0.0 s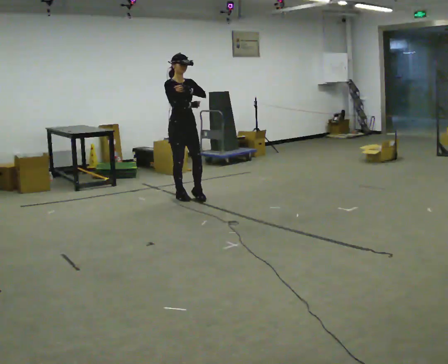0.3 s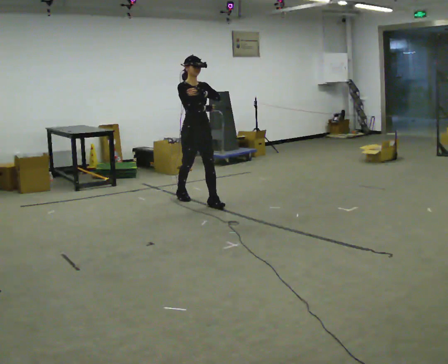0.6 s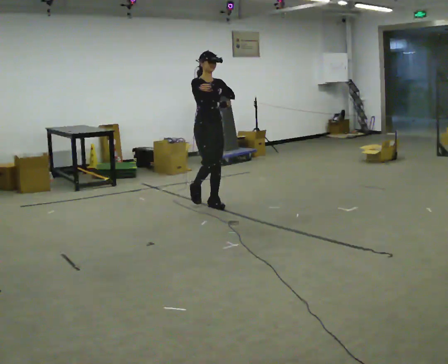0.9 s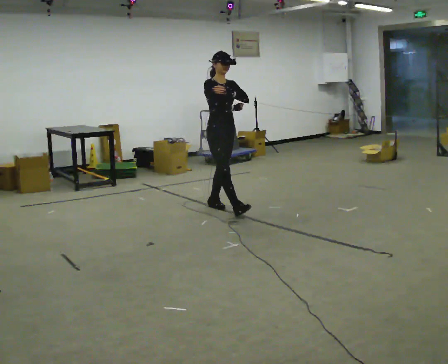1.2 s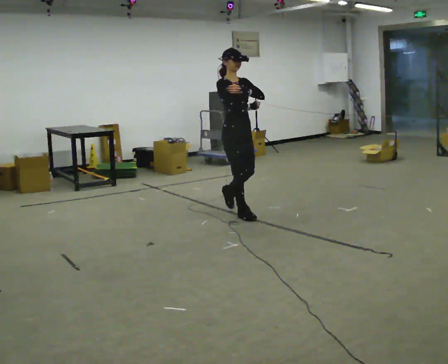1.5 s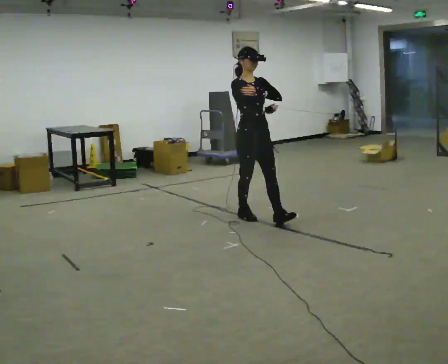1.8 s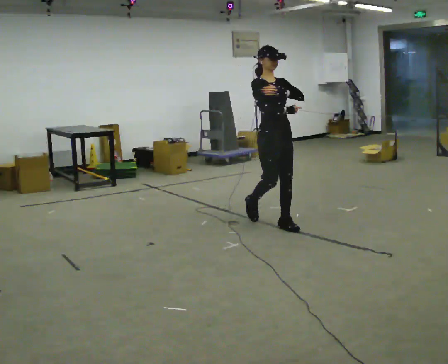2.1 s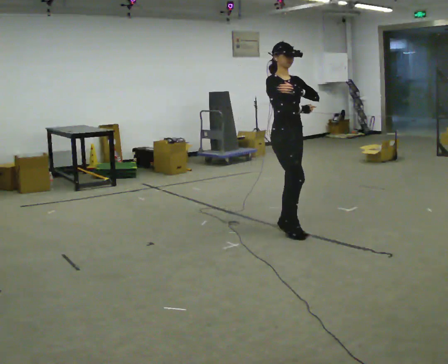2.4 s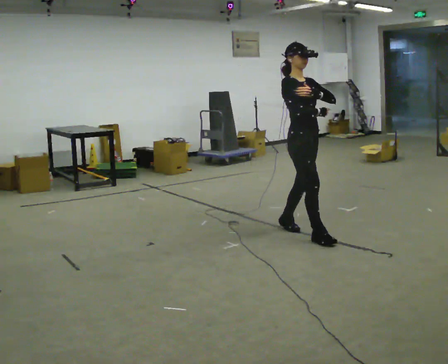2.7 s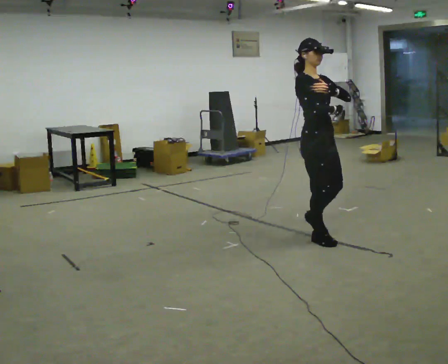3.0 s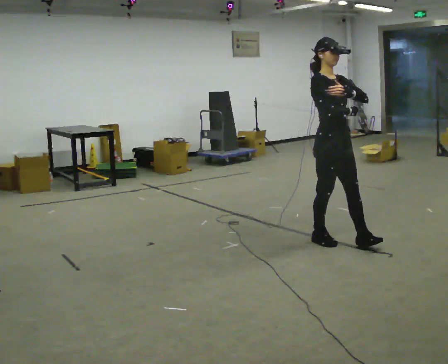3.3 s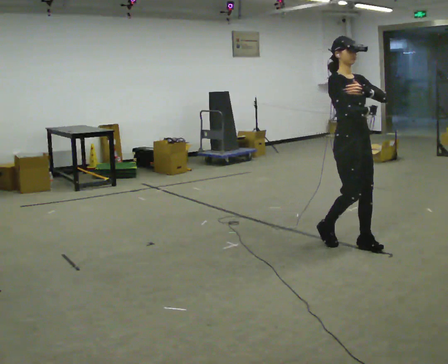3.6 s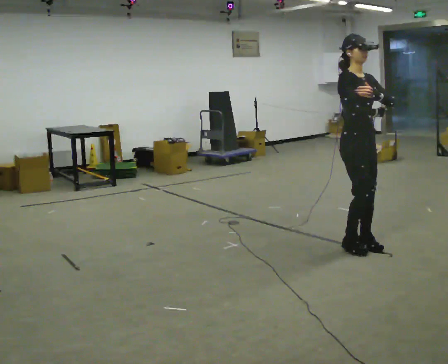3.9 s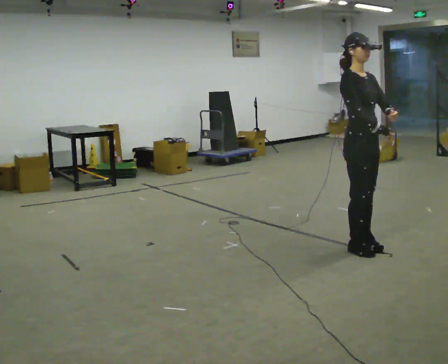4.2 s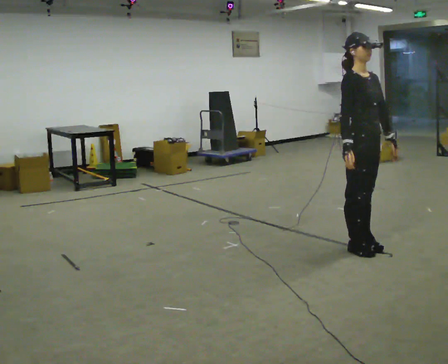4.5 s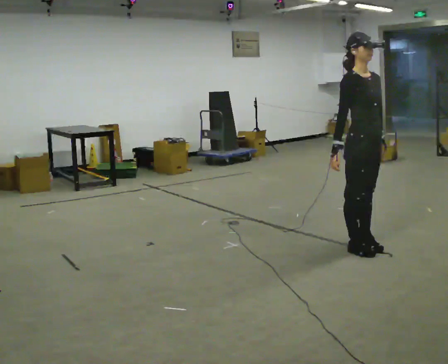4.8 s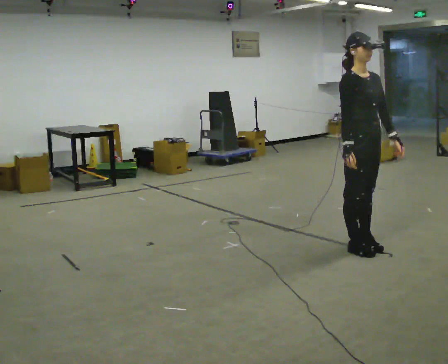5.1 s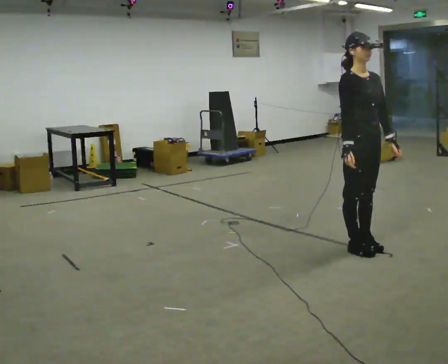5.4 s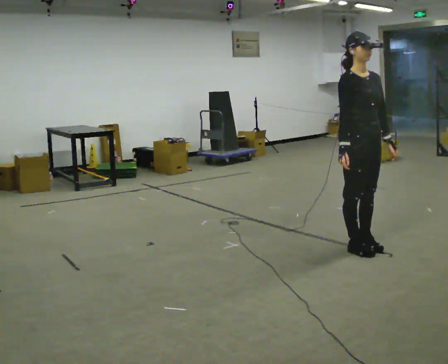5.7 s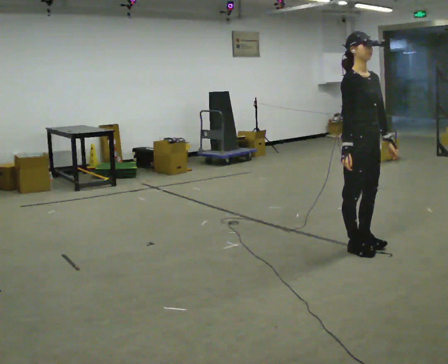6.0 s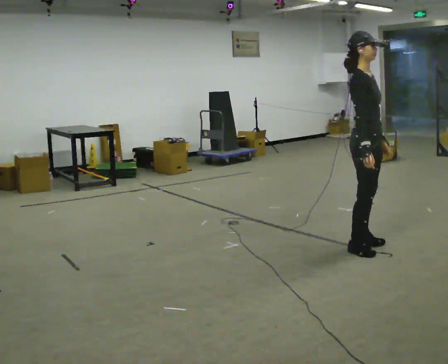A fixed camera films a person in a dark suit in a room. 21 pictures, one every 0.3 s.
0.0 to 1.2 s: In the picture they go to the right and toward the camera, about 1 m in 2 steps, which for them is forward.
1.2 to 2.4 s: In the picture they go to the right and toward the camera, about 1 m in 2 steps, which for them is forward.
2.4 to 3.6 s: In the picture they go to the right and toward the camera, about 0.5 m in 1 step, which for them is forward.
3.6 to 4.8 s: The person moves a little, or ends about where they began.
4.8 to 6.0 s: The person turns about 30 degrees to their left, counterclockwise seen from above, so the part of the body nearest the lens slides to the right.
The film runs forward here.
